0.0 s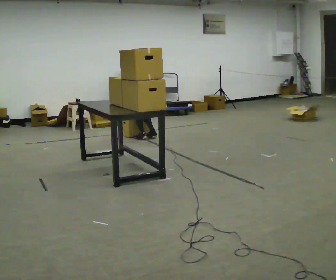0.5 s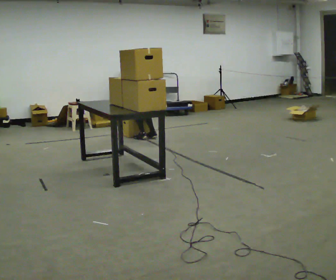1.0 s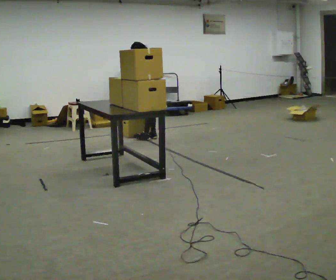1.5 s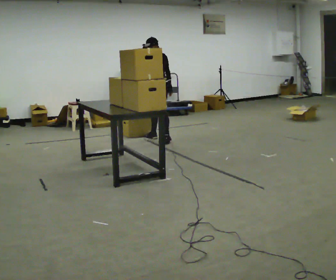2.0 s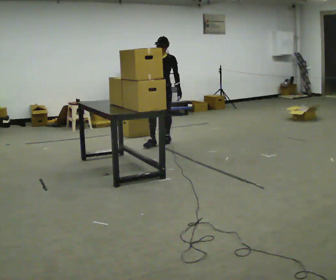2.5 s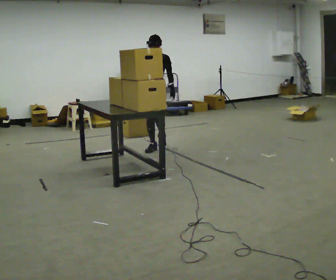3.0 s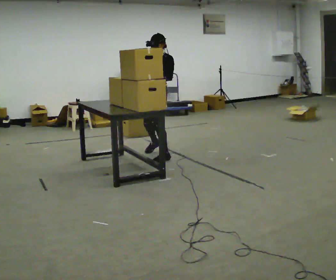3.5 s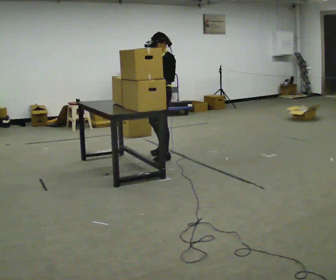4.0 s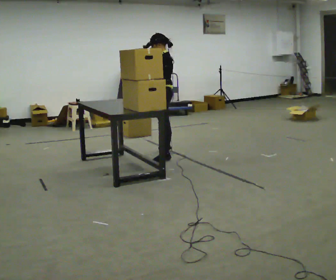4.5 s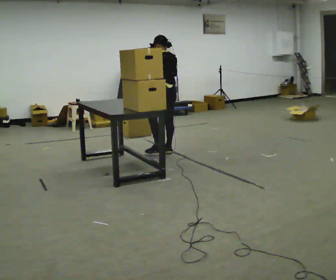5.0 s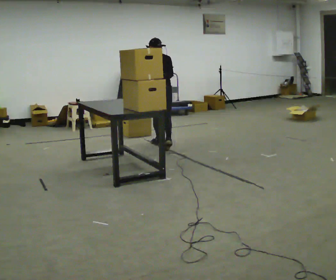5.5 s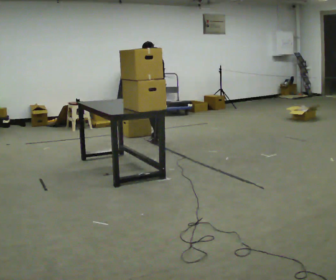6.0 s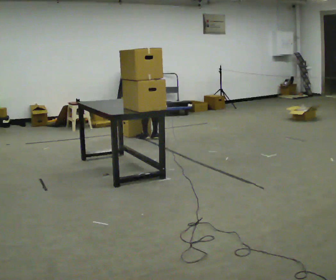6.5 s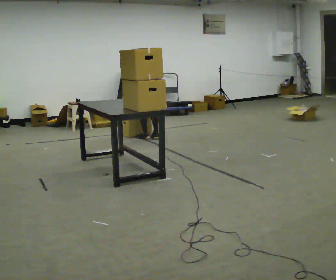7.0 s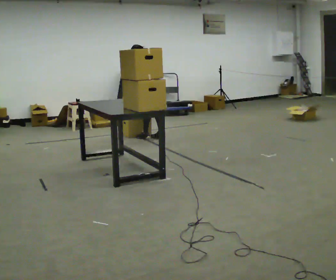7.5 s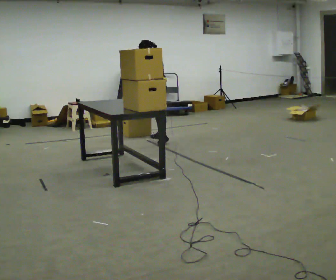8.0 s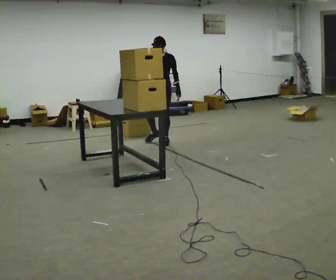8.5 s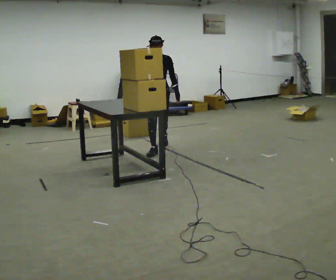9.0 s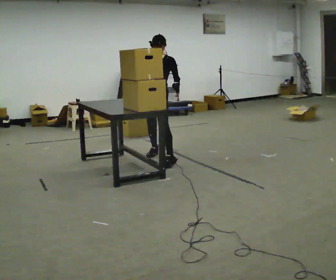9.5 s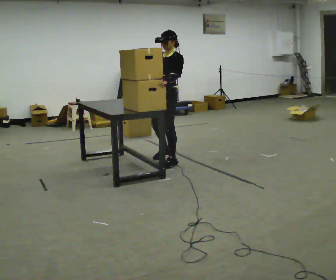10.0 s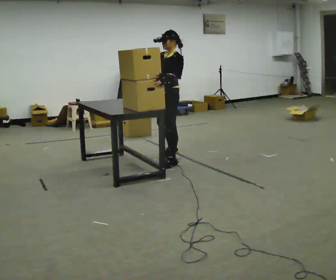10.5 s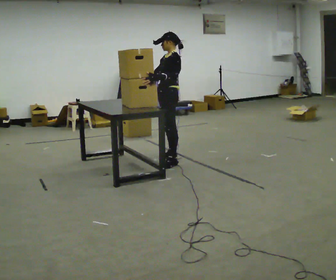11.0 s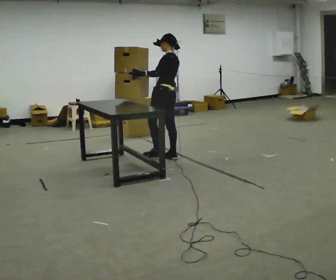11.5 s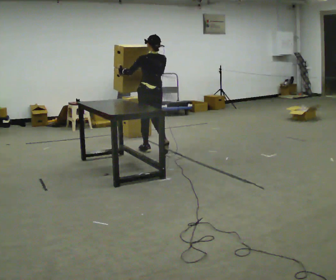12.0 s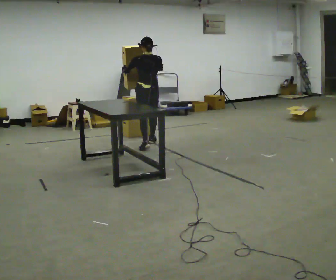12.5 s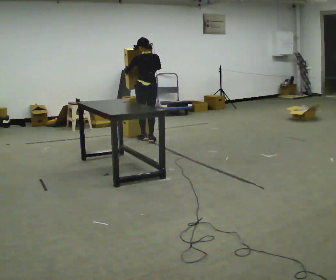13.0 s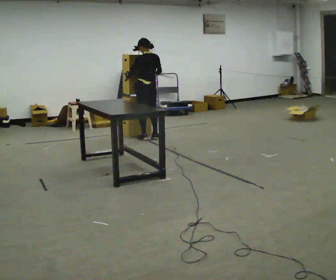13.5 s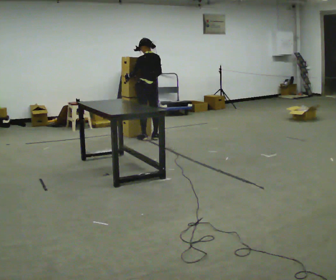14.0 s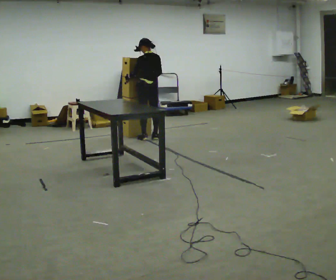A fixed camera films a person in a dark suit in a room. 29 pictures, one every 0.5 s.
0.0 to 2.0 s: The person turns about 135 degrees to their left, counterclockwise seen from above, so the part of the body nearest the lens slides to the right. In the picture they go toward the camera and to the right, about 0.25 m in 1 step. The upper body goes upward. The upper body tips toward the camera, its near side rolling downward, as they lean back or straighten. In the picture their right hand goes upward, the arm swinging clockwise.
2.0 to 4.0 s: The part of the body nearest the lens slides to the left as the person turns to their right by about 90 degrees. In the picture they go toward the camera, about 0.5 m in 3 steps.
4.0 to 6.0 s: The part of the body nearest the lens slides to the left as the person turns to their right by about 60 degrees. In the picture they go away from the camera, about 1 m in 3 steps. The shoulders move downward. The upper body tips away from the camera, its near side rolling upward, as they bend forward. In the picture their right hand goes downward.
6.0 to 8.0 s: The person turns about 135 degrees to their left, counterclockwise seen from above, so the part of the body nearest the lens slides to the right. In the picture they go toward the camera and to the right, about 0.25 m in 1 step. The upper body goes upward. The upper body tips toward the camera, its near side rolling downward, as they lean back or straighten.
8.0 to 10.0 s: Seen from above the body turns clockwise, about 45 degrees: to their right, with its near side sliding to the left. In the picture they go toward the camera, about 1 m in 3 steps.
10.0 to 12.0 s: Seen from above the body turns clockwise, about 105 degrees: to their right, with its near side sliding to the left. In the picture they go away from the camera, about 1 m in 2 steps.
12.0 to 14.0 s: In the picture they go away from the camera, about 0.5 m in 2 steps, which for them is forward and to their right.
The film runs forward here.
